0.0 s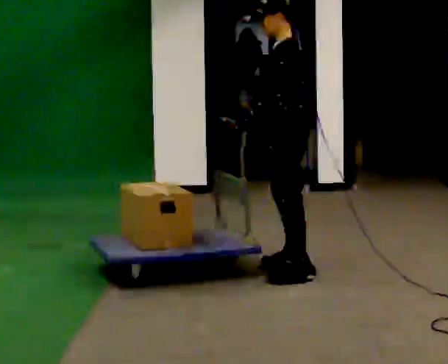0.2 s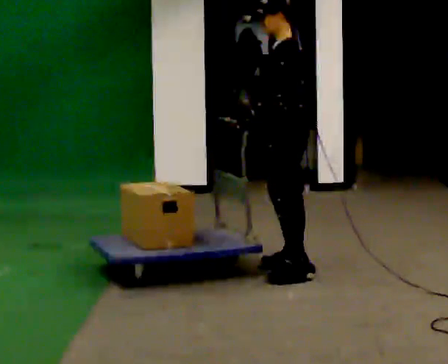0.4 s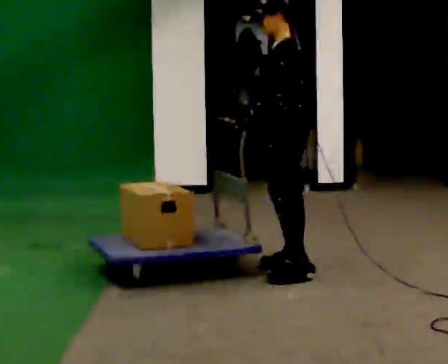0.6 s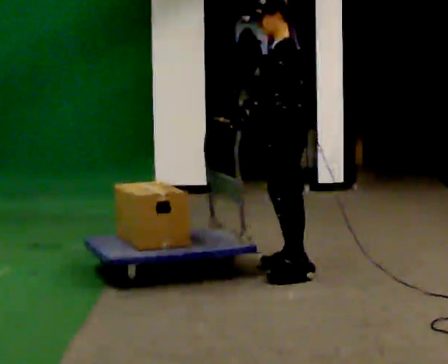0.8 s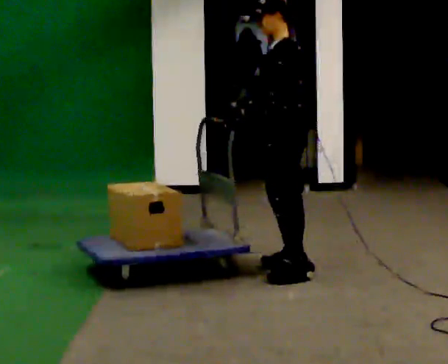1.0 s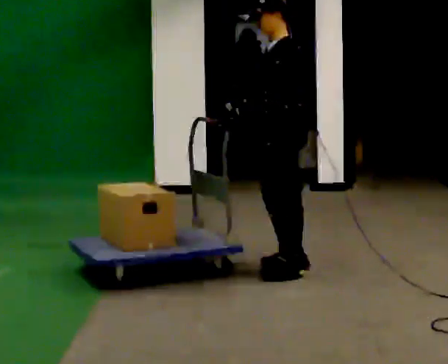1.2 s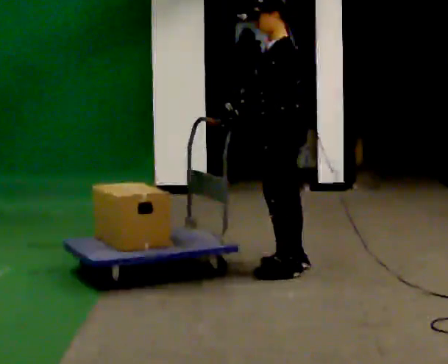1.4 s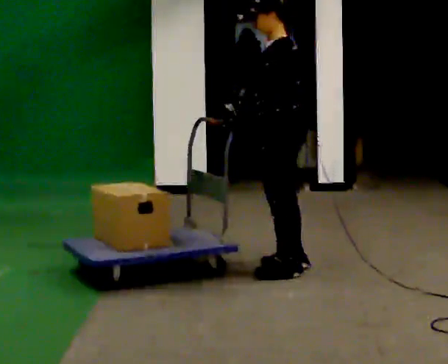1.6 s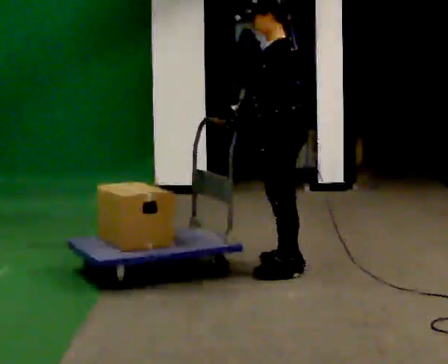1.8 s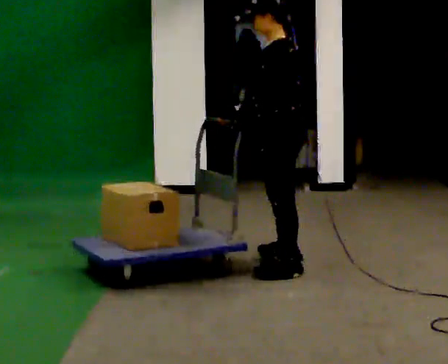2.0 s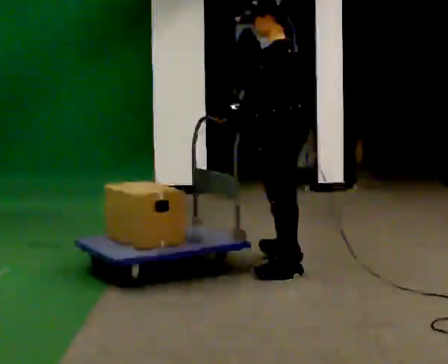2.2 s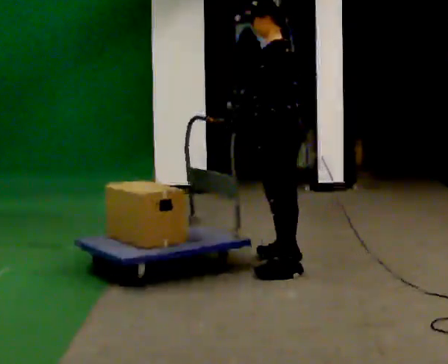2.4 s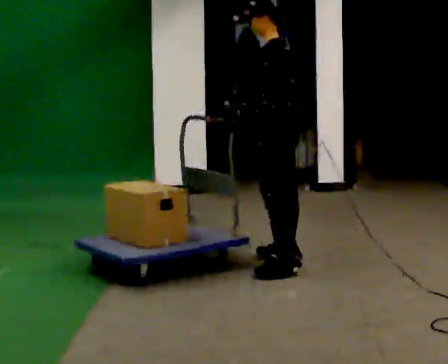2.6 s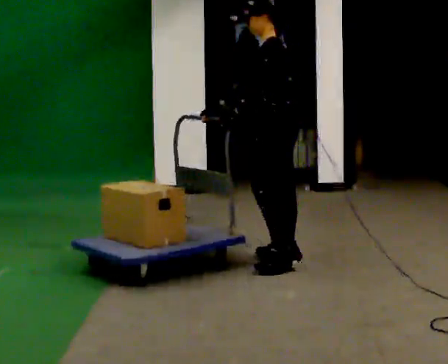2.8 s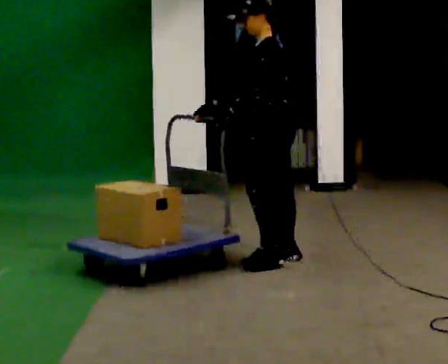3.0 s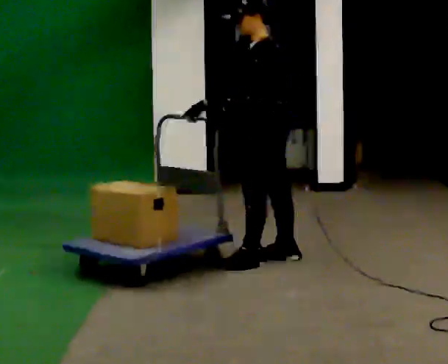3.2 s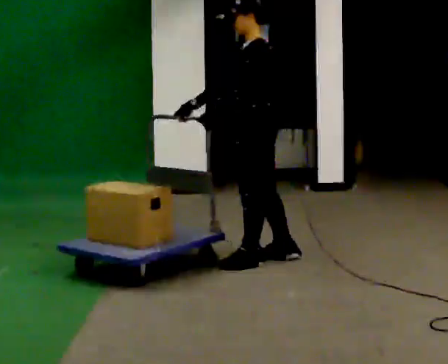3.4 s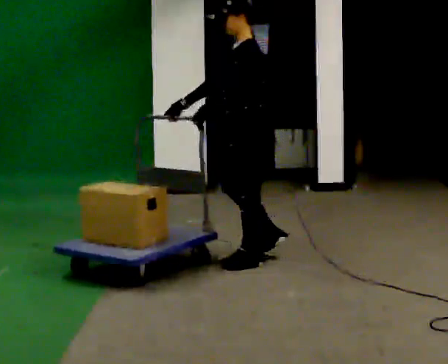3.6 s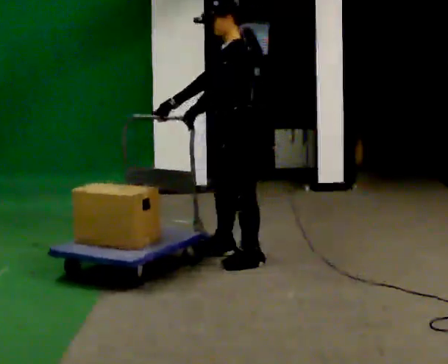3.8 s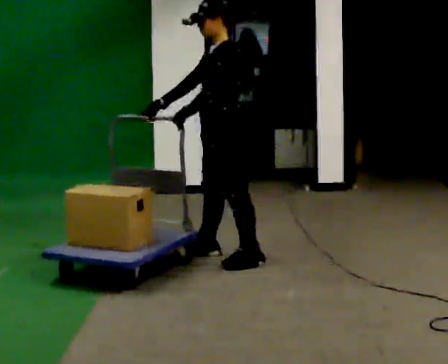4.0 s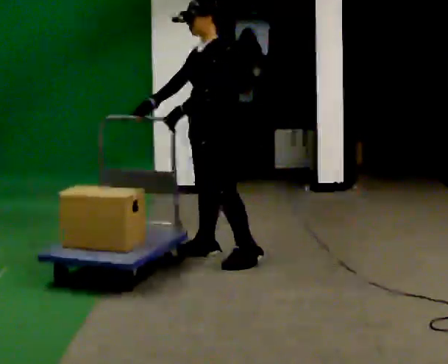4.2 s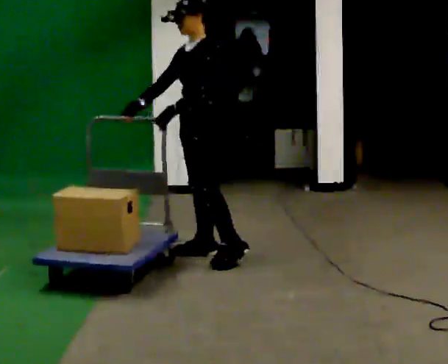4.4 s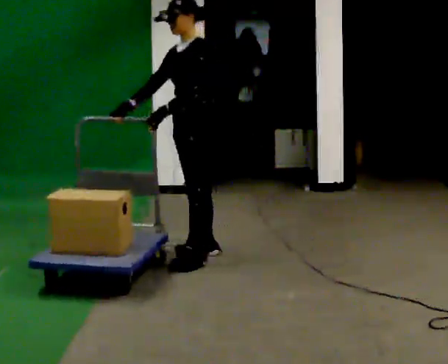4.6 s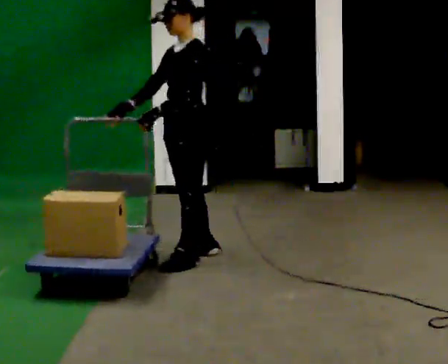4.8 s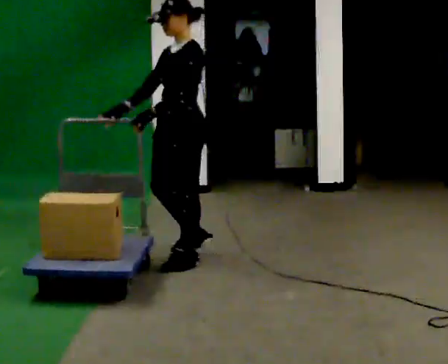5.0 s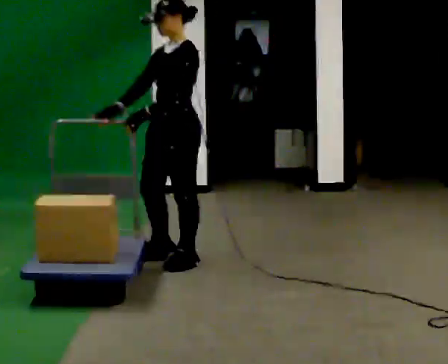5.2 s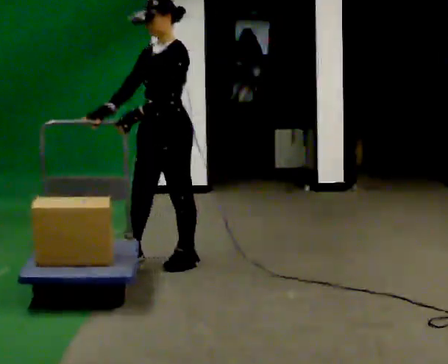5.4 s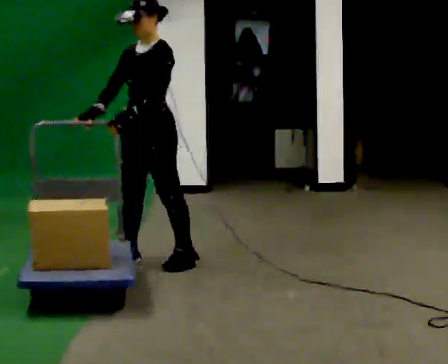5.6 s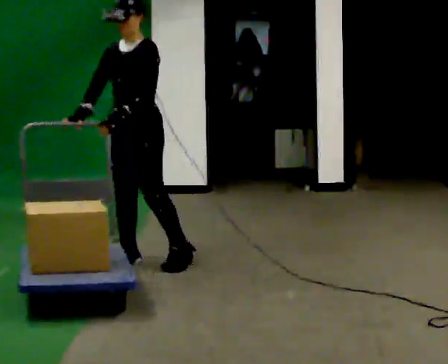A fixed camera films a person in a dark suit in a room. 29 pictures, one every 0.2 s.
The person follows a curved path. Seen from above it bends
counterclockwise.
The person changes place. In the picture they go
to the left.
0.0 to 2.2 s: The person moves a little, or ends about where they began.
2.2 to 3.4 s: In the picture they go to the left, about 0.25 m in 1 step, which for them is forward.
3.4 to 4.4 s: Seen from above the body turns counterclockwise, about 30 degrees: to their left, with its near side sliding to the right. In the picture they go to the left, about 0.25 m in 1 step, which for them is forward and to their right.
4.4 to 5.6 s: The person turns about 30 degrees to their left, counterclockwise seen from above, so the part of the body nearest the lens slides to the right. In the picture they go to the left and toward the camera, about 0.5 m in 2 steps, which for them is forward.
The film runs forward here.
